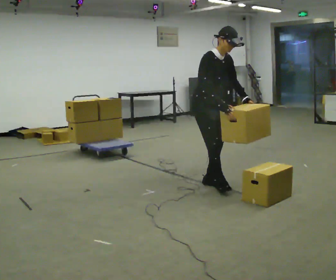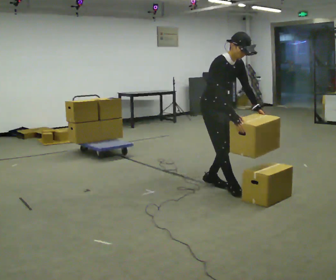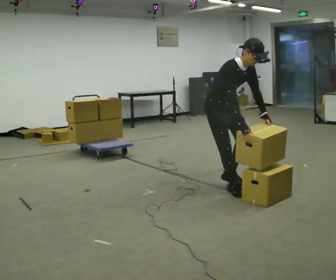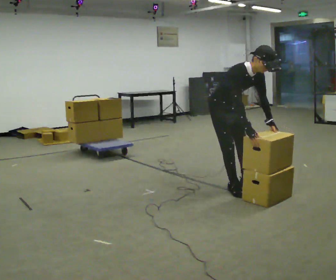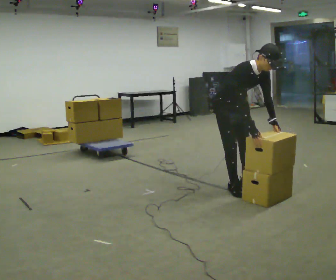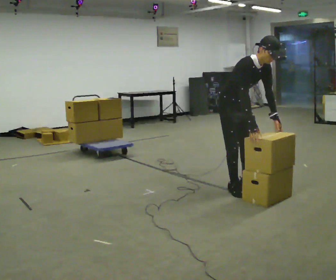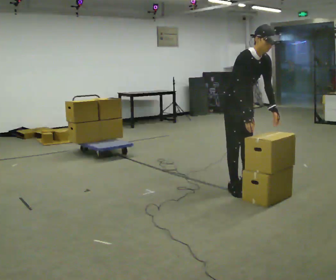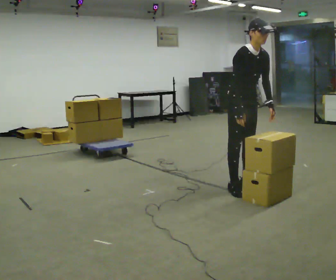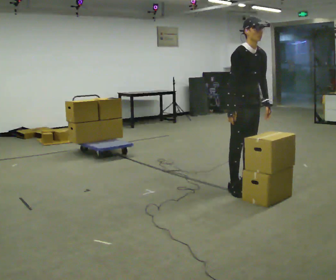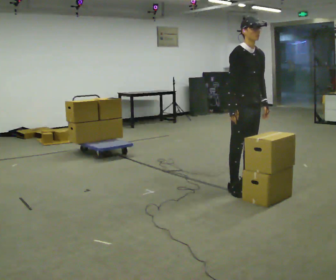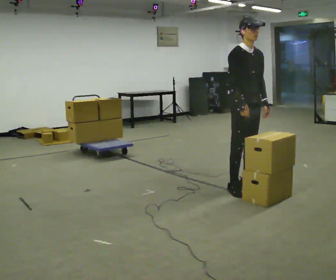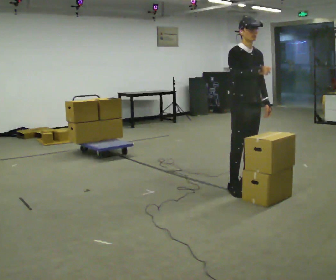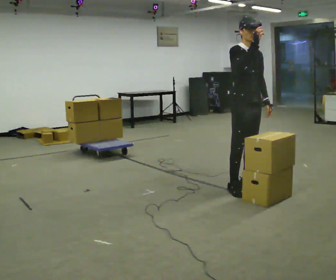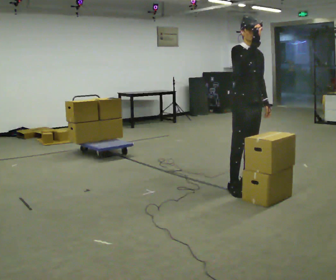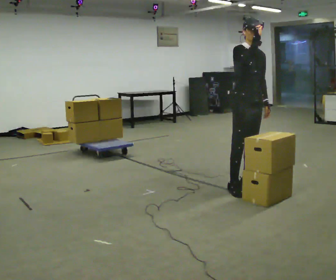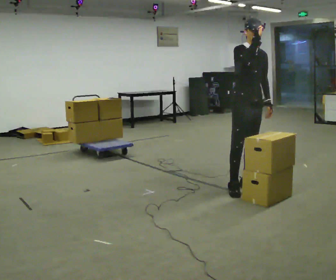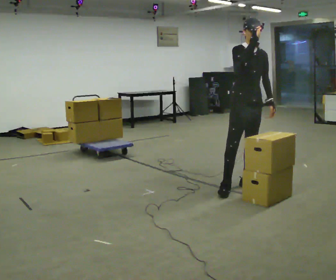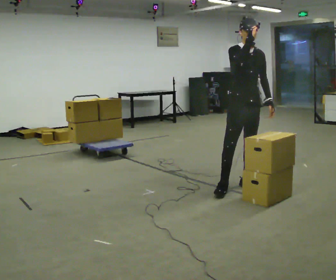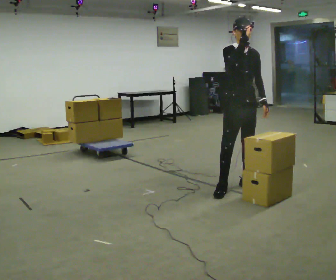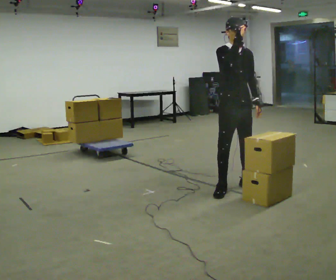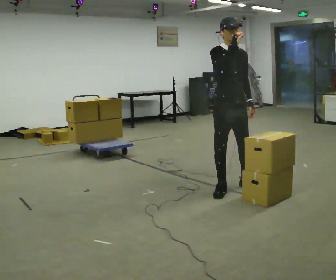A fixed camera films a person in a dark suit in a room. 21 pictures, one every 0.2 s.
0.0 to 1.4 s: In the picture they go to the right, about 0.5 m in 2 steps, which for them is forward.
1.4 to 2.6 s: In the picture the upper body tilts counterclockwise, shoulders to the left, as they lean back or straighten. In the picture their right hand goes upward.
2.6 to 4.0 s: In the picture they go to the left, about 0.25 m, which for them is to their right.
The film runs forward here.
